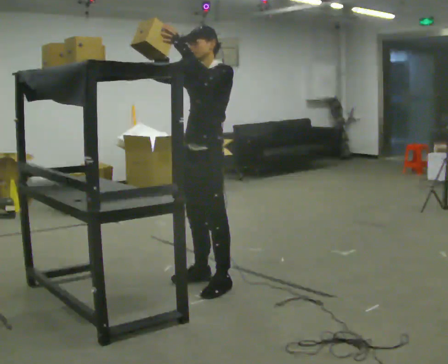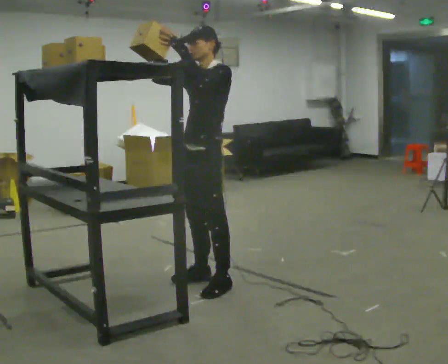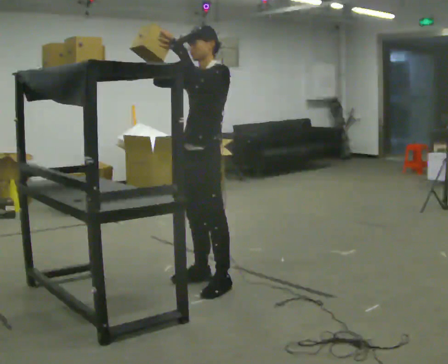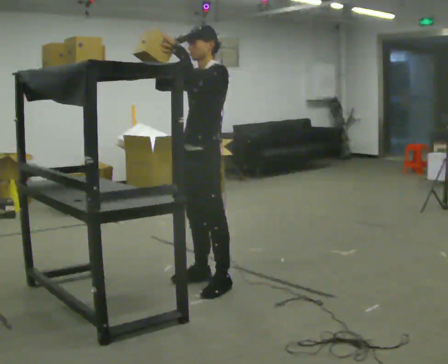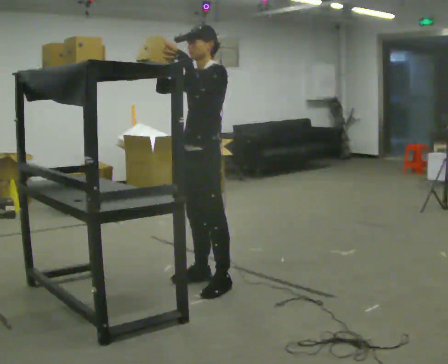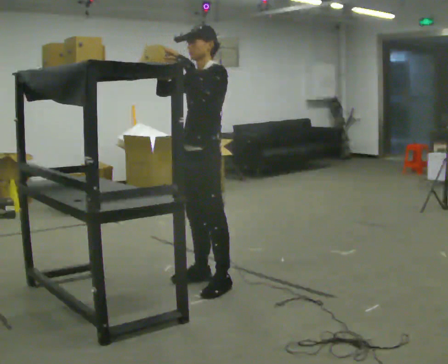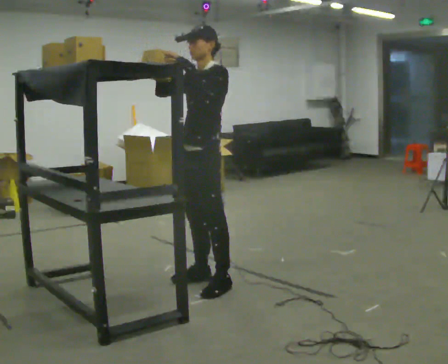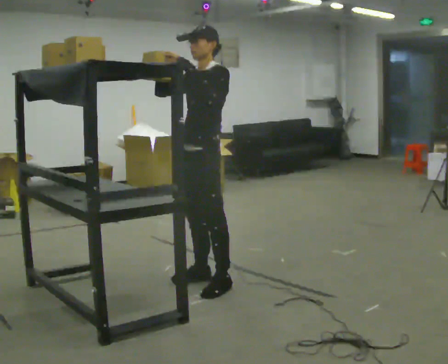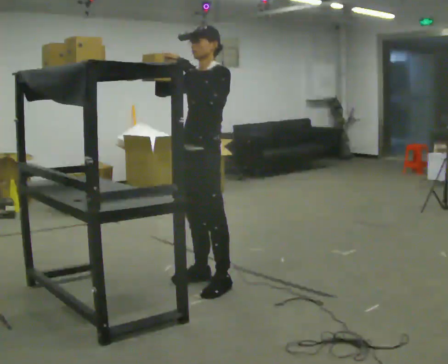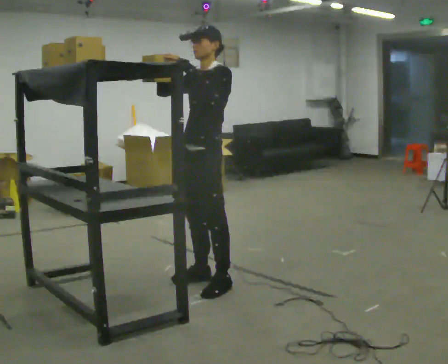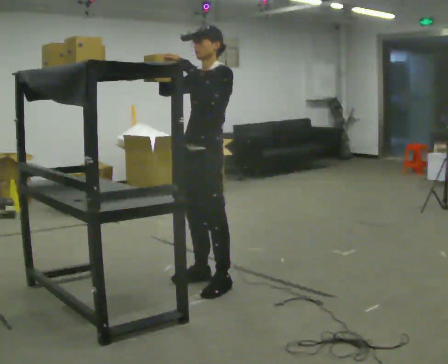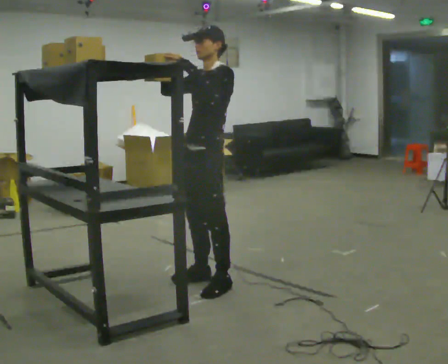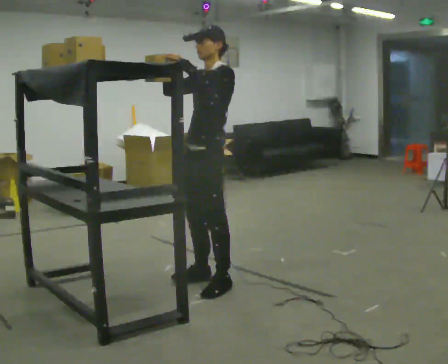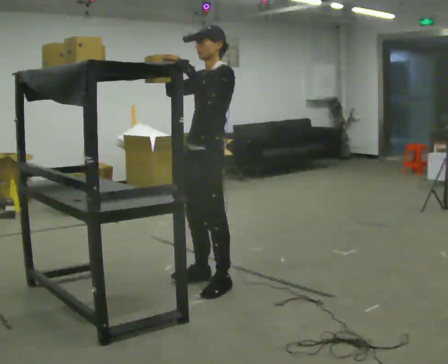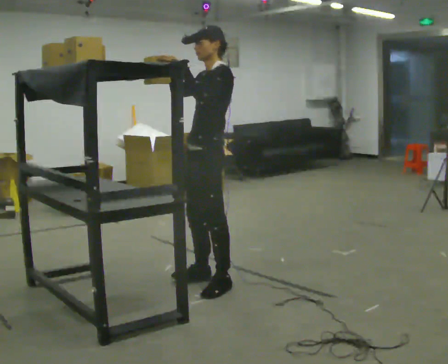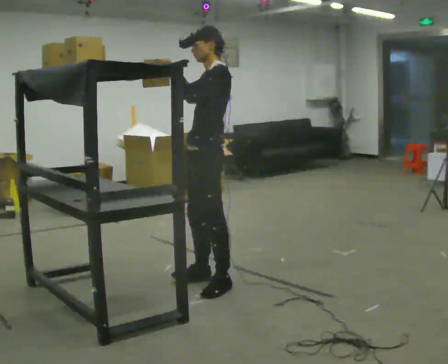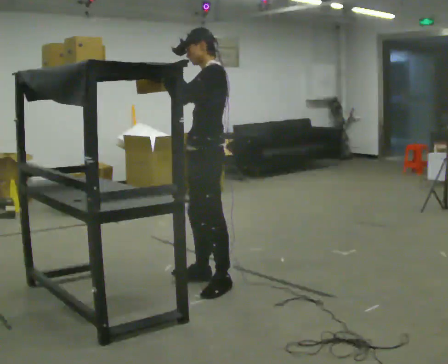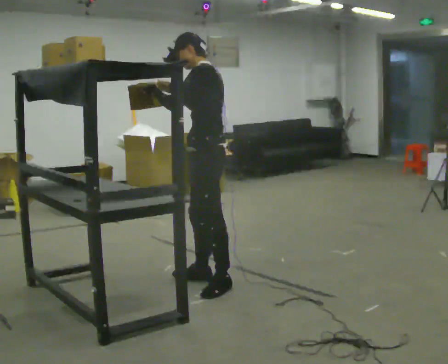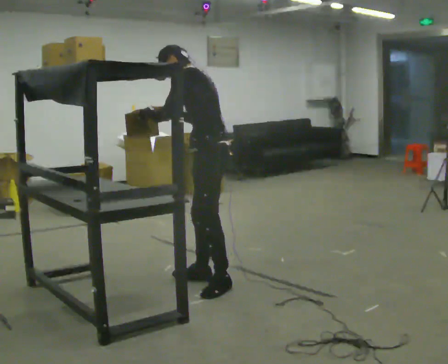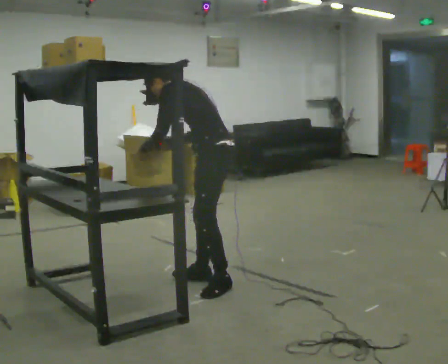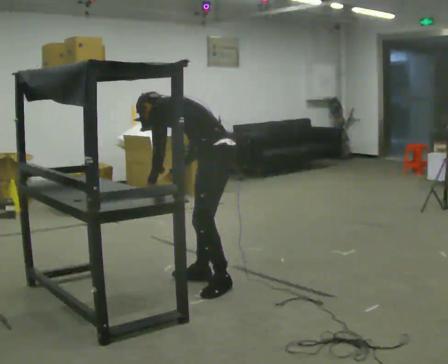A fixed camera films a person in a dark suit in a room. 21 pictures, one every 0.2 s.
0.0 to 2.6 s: The person moves a little, or ends about where they began.
2.6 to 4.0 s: The part of the body nearest the lens slides to the left as the person turns to their right by about 45 degrees. The shoulders move downward. In the picture the upper body tilts counterclockwise, shoulders to the left, as they bend forward. In the picture their right hand goes downward.
The film runs forward here.
